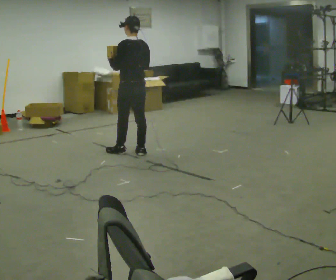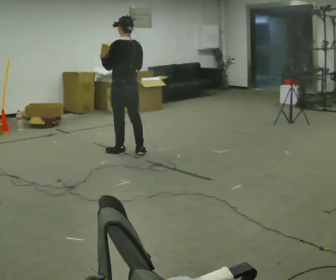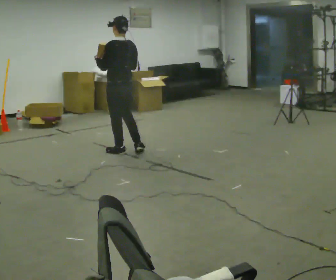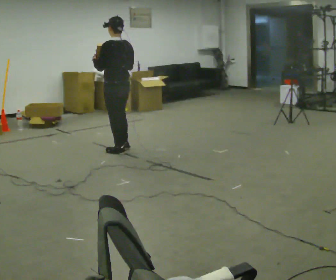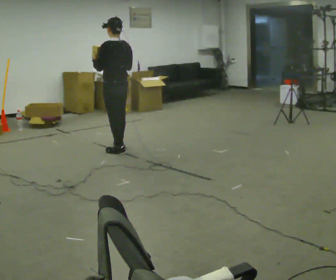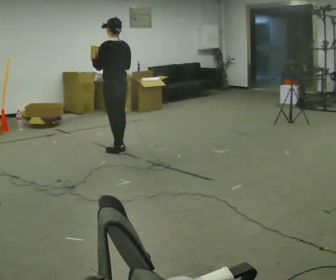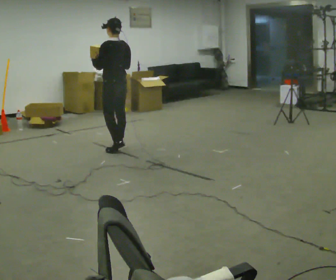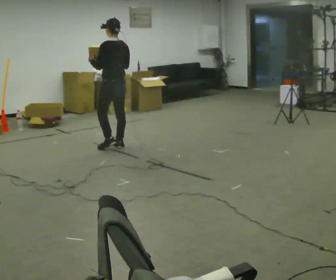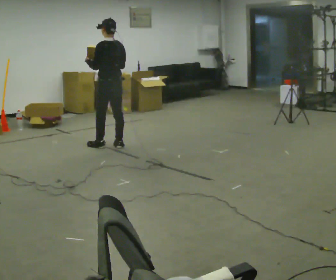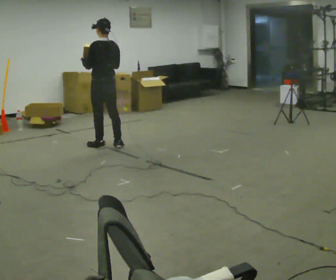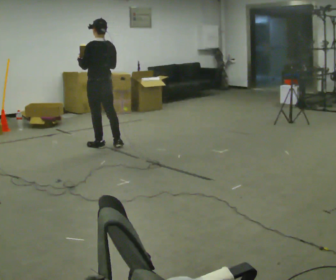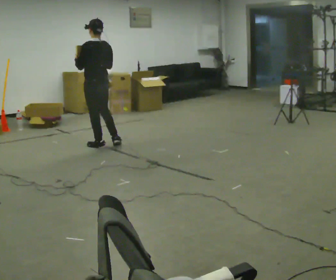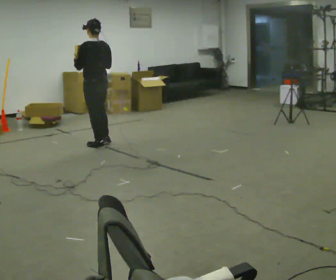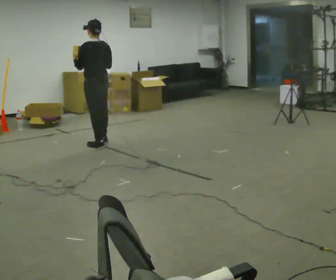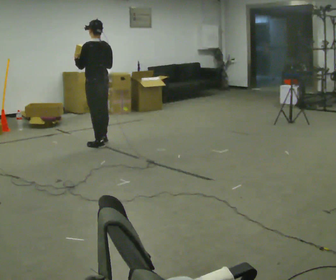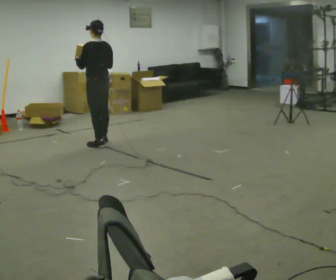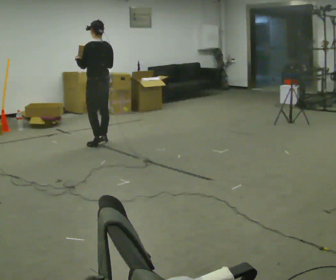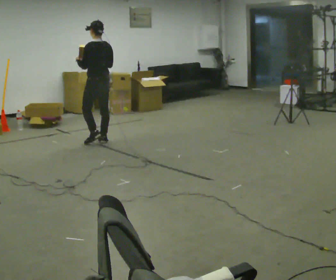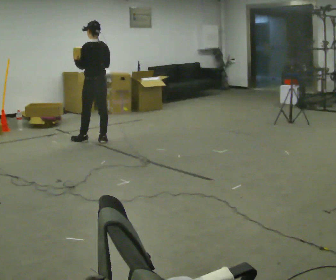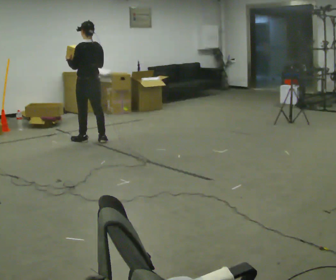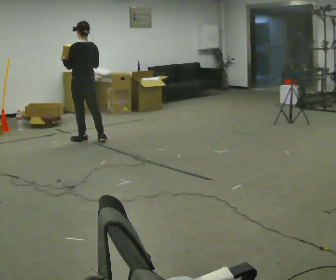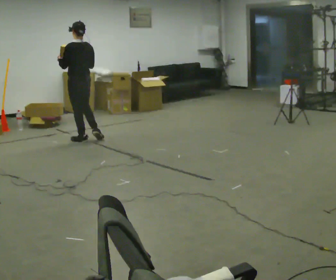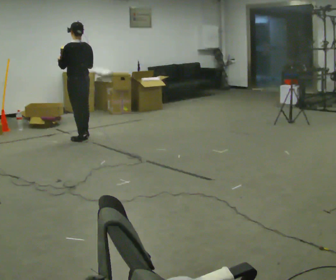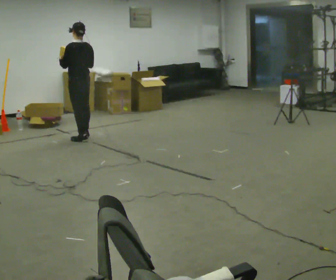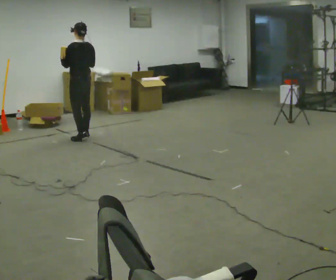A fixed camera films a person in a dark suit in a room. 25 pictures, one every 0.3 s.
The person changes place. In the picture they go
away from the camera.
0.0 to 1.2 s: In the picture they go to the left, about 0.25 m in 1 step, which for them is forward.
1.2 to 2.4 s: In the picture they go away from the camera, about 0.25 m in 1 step, which for them is forward.
2.4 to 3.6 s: In the picture they go to the left, about 0.25 m, which for them is to their left and forward.
3.6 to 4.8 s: In the picture they go away from the camera, about 0.25 m in 1 step, which for them is forward and to their right.
4.8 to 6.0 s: In the picture they go to the left, about 0.25 m in 1 step, which for them is forward.
6.0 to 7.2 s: In the picture they go away from the camera, about 0.25 m in 1 step, which for them is forward.
The film runs forward here.
